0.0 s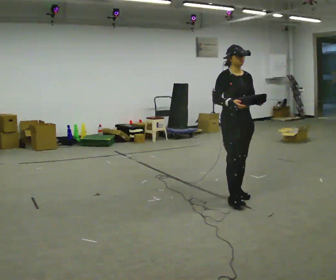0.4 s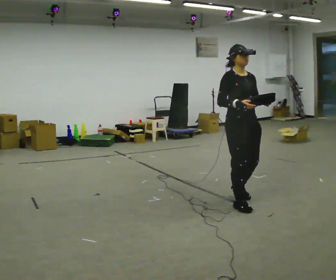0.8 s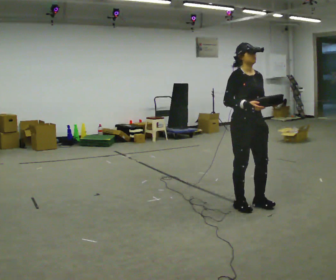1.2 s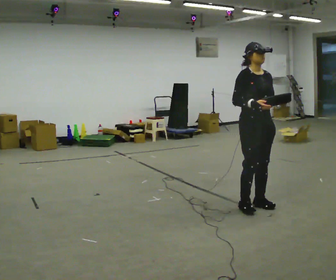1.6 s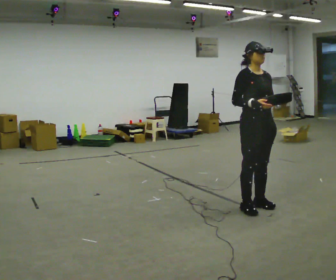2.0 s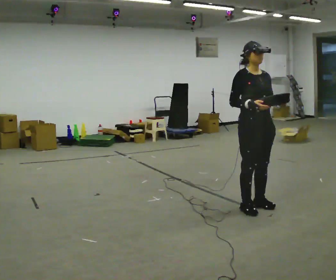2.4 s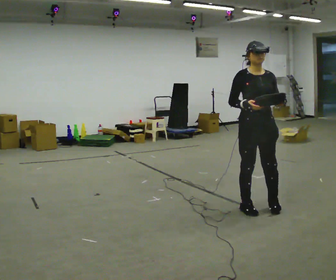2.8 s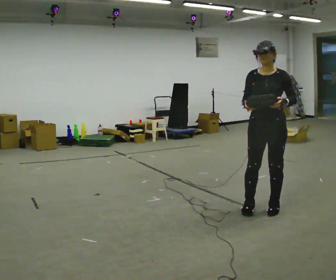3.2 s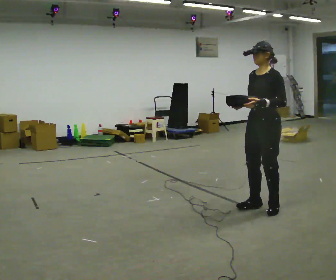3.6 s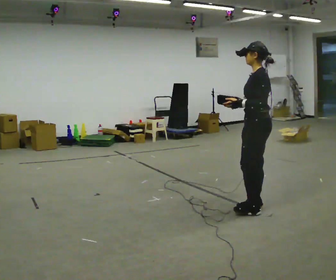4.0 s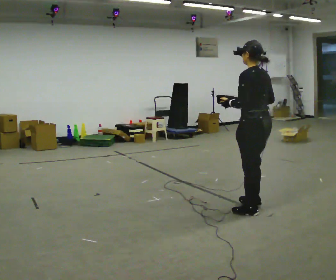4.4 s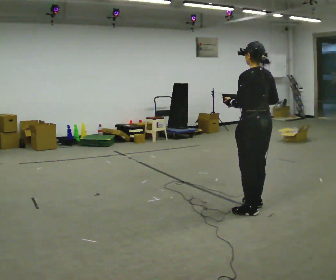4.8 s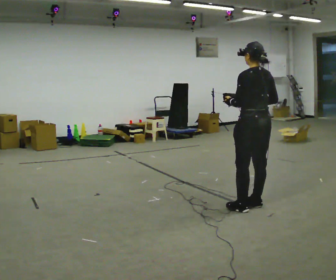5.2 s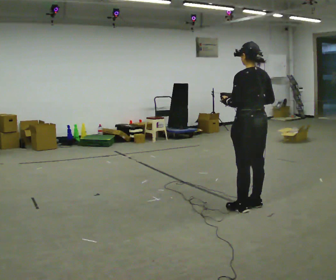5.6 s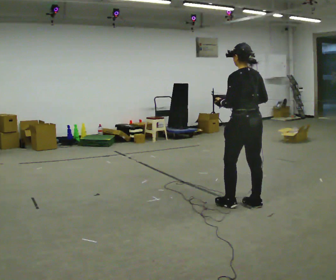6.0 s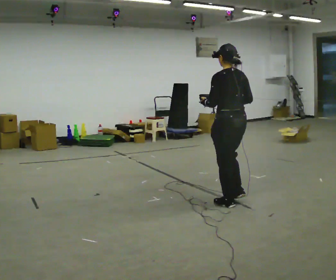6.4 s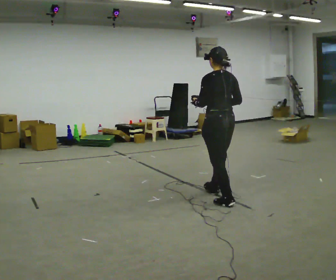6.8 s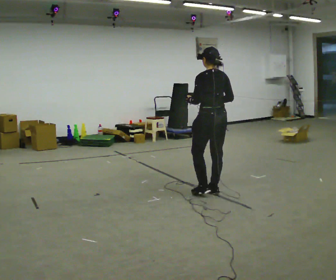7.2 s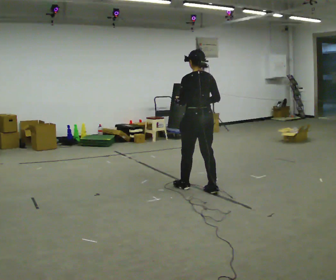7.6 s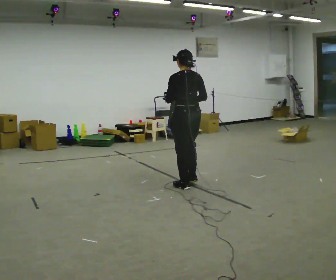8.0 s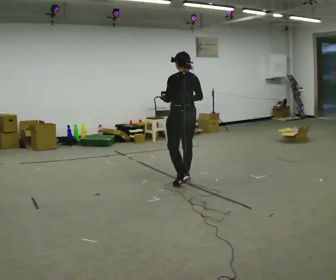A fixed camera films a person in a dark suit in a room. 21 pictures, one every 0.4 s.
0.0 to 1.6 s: In the picture they go toward the camera and to the right, about 0.25 m in 2 steps, which for them is forward.
1.6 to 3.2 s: The person turns about 90 degrees to their right, clockwise seen from above, so the part of the body nearest the lens slides to the left.
3.2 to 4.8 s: The part of the body nearest the lens slides to the left as the person turns to their right by about 90 degrees.
4.8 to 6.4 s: In the picture they go to the left and away from the camera, about 0.5 m in 2 steps, which for them is forward.
6.4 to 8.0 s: In the picture they go away from the camera and to the left, about 1 m in 2 steps, which for them is forward.
The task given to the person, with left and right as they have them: Carry the object across the room. The lid hangs loose and will swing, so carry it however works. Keep going until the operator says stop; one object at a time, and do not rush between trips.
The film runs forward here.
